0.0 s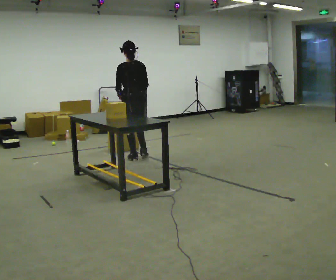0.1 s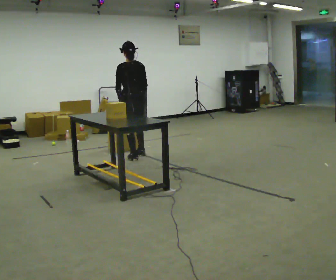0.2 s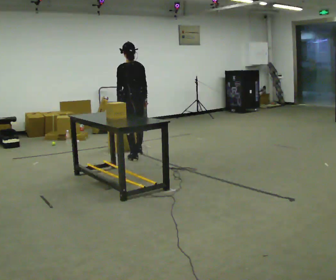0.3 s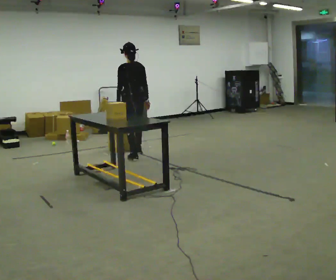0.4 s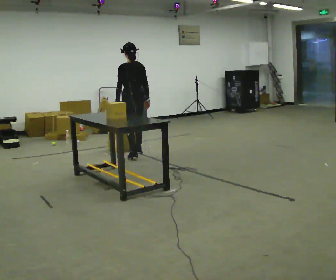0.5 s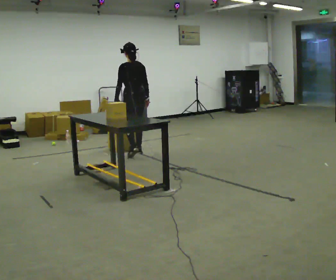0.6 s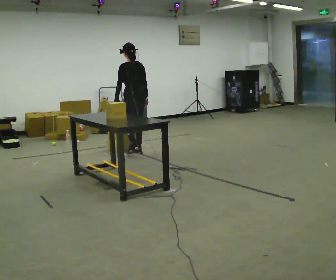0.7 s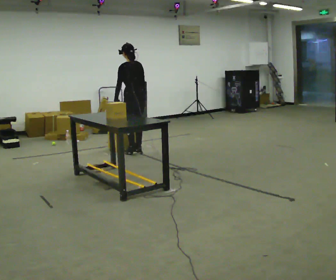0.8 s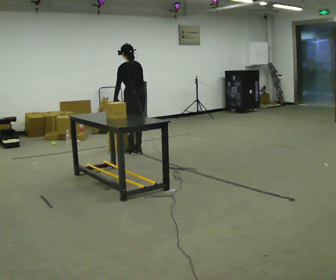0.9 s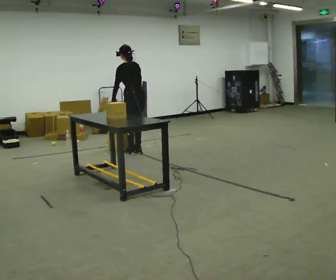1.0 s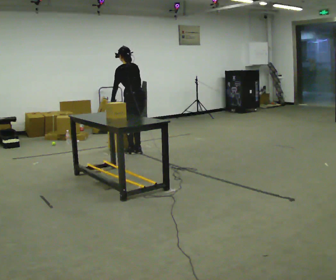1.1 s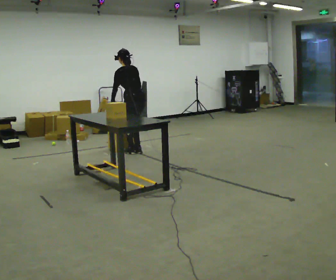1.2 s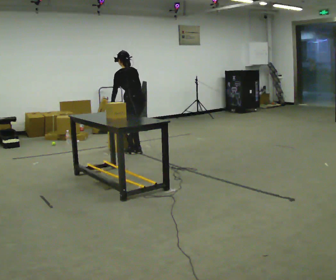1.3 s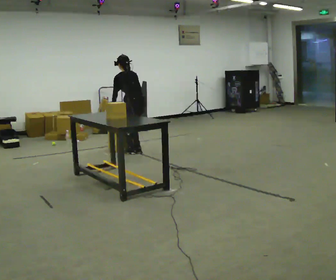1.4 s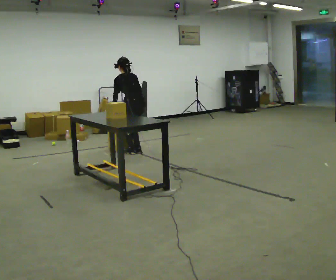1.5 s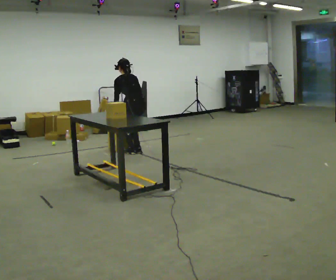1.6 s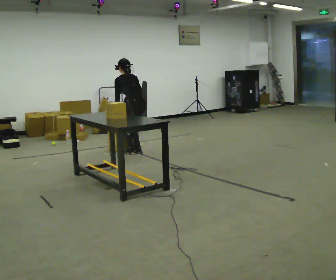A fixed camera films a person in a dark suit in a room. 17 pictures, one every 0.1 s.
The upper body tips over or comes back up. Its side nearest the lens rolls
upward.
0.0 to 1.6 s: In the picture they go away from the camera, about 0.25 m in 2 steps, which for them is forward and to their right. The shoulders move downward. The upper body tips away from the camera, its near side rolling upward, as they bend forward.
The film runs forward here.
